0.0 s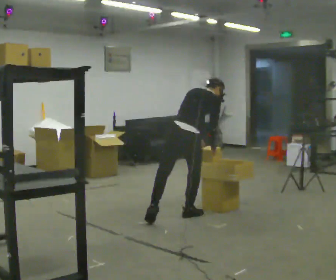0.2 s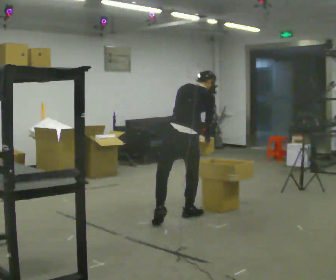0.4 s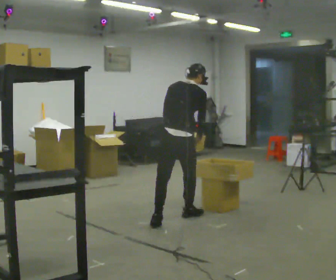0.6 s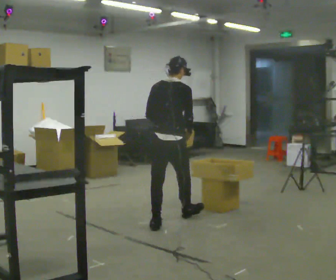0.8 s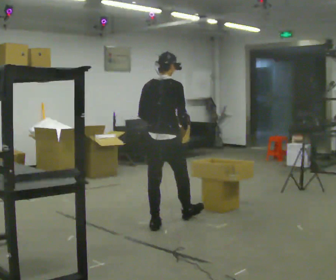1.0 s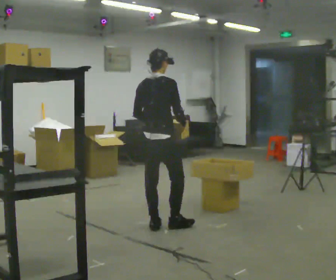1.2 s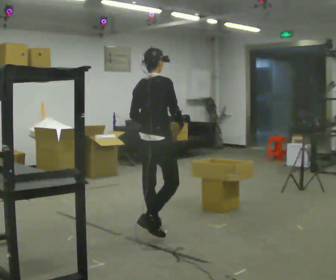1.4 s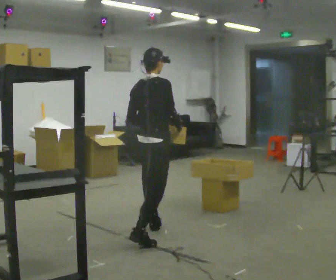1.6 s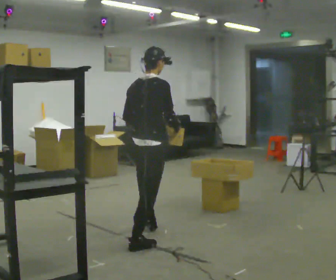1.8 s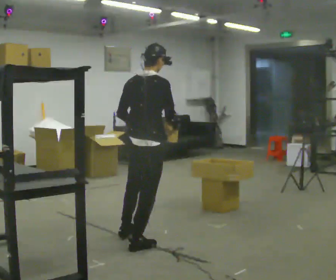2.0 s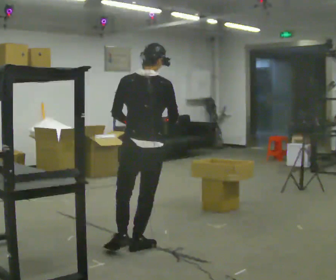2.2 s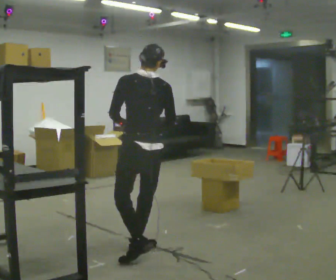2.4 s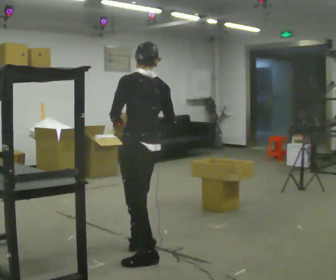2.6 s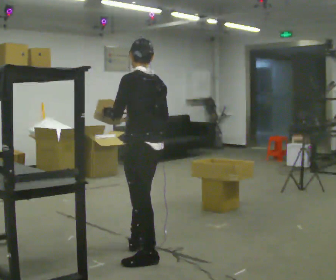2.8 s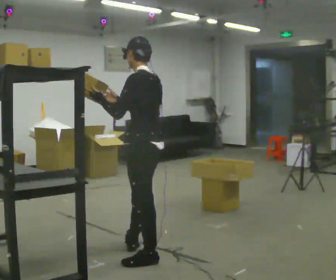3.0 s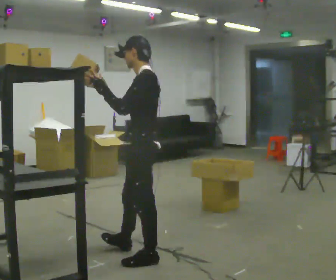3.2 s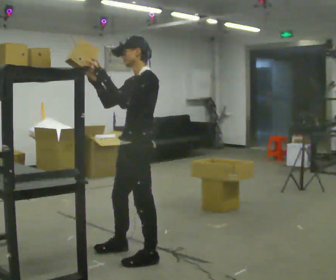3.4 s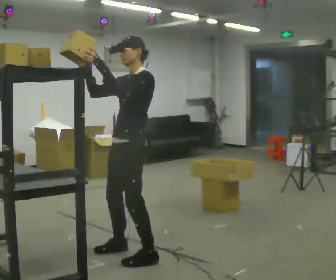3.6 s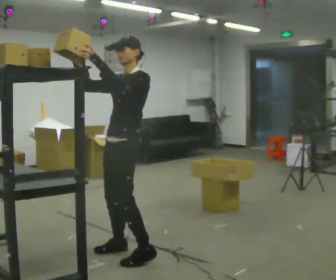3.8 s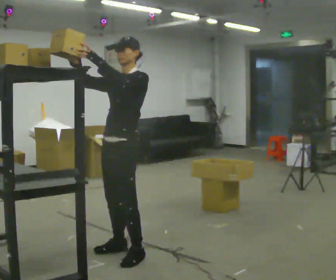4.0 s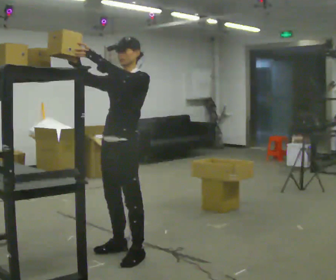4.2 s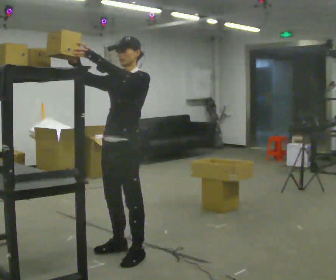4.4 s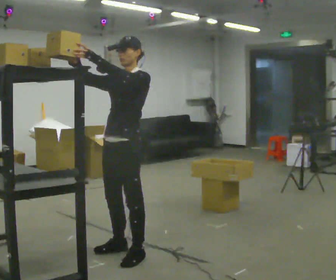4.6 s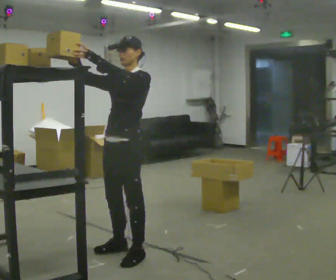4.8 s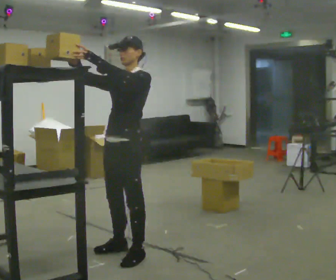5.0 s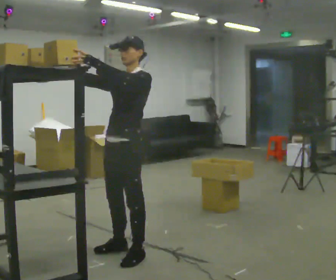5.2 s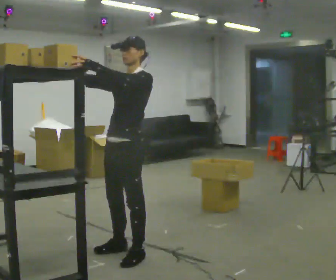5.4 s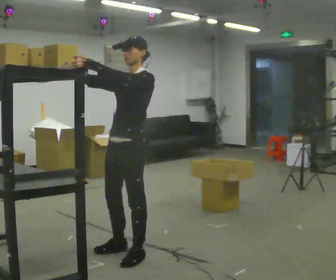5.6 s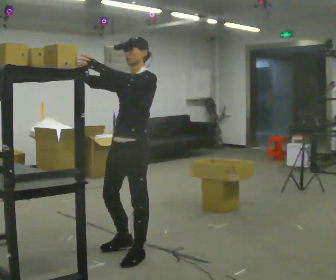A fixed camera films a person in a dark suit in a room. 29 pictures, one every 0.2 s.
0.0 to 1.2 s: In the picture they go toward the camera and to the left, about 0.5 m in 1 step, which for them is backward. In the picture the upper body tilts counterclockwise, shoulders to the left, as they lean back or straighten.
1.2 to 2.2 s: The person turns about 60 degrees to their left, counterclockwise seen from above, so the part of the body nearest the lens slides to the right. In the picture they go toward the camera, about 0.5 m in 1 step.
2.2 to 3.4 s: The part of the body nearest the lens slides to the right as the person turns to their left by about 105 degrees. In the picture they go toward the camera, about 0.25 m. In the picture their right hand goes to the left and upward.
3.4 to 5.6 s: The person moves a little, or ends about where they began.
The film runs backward here.
